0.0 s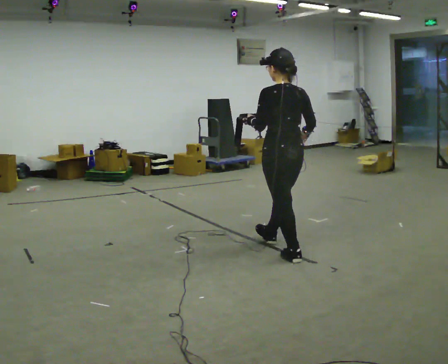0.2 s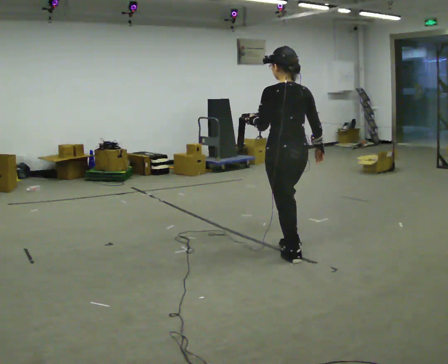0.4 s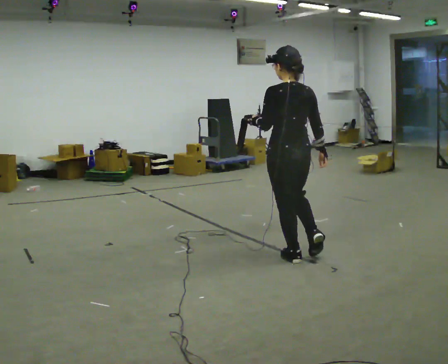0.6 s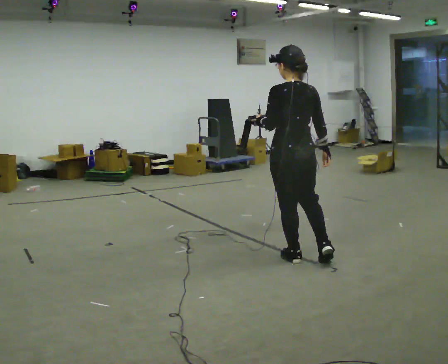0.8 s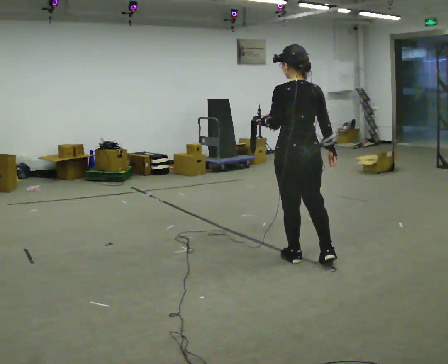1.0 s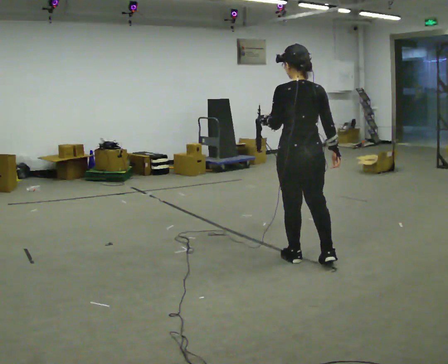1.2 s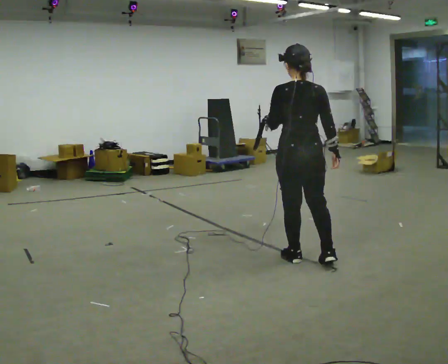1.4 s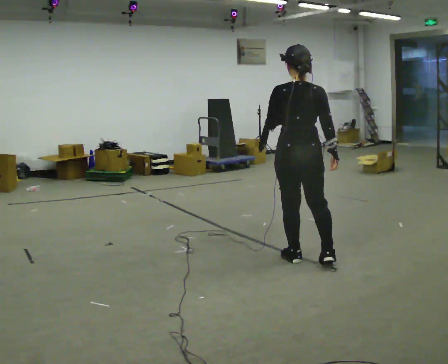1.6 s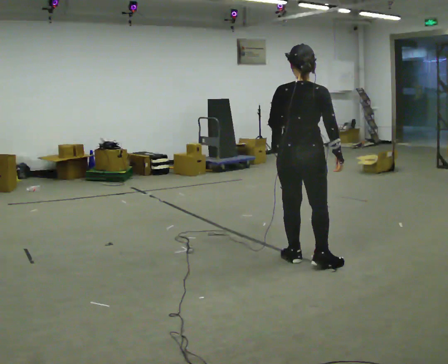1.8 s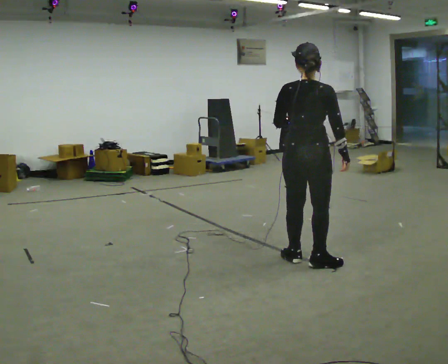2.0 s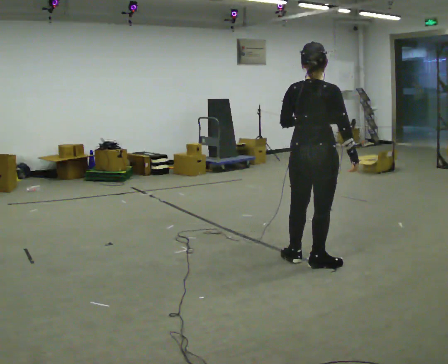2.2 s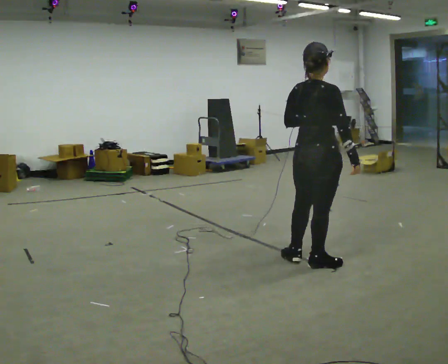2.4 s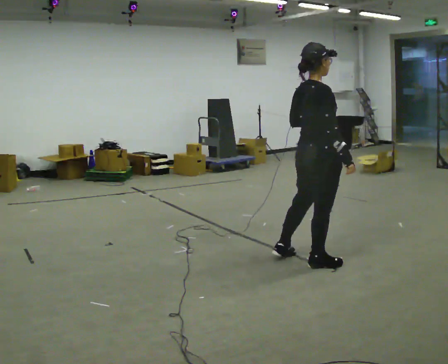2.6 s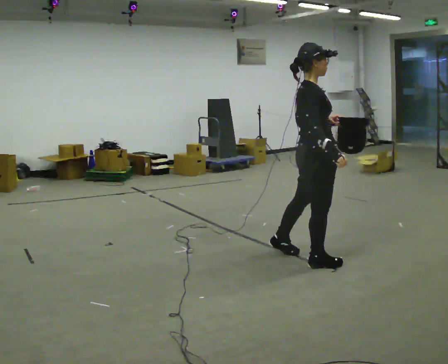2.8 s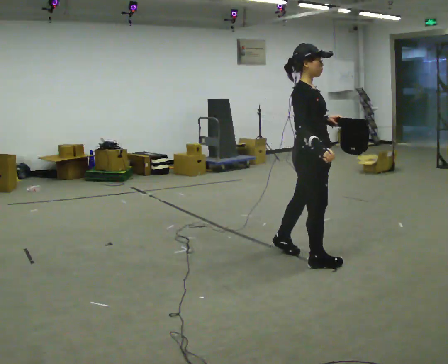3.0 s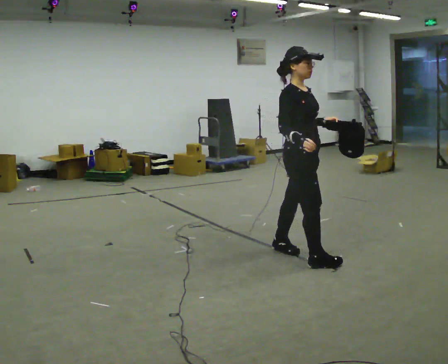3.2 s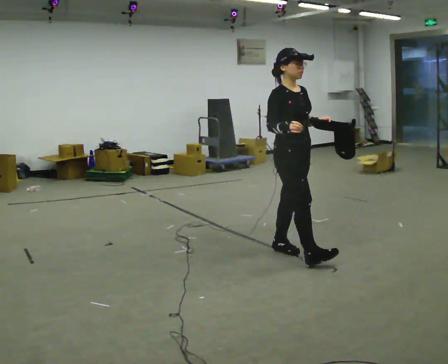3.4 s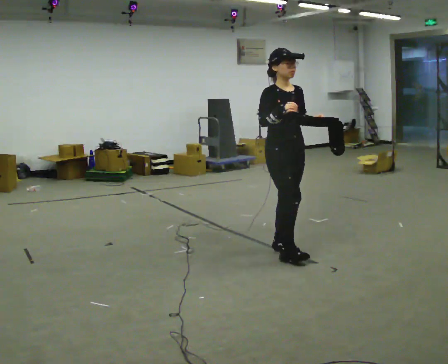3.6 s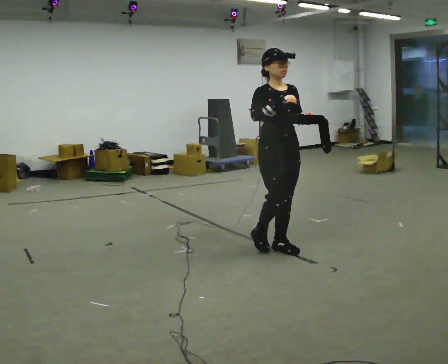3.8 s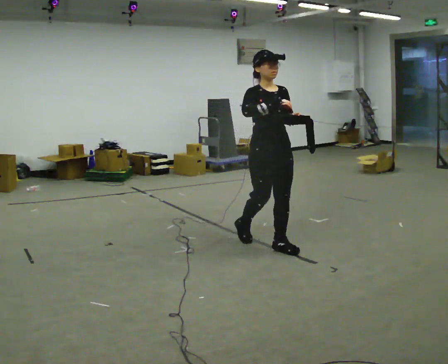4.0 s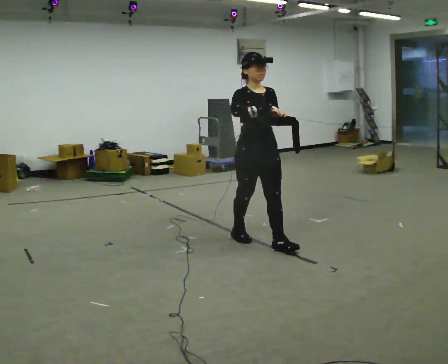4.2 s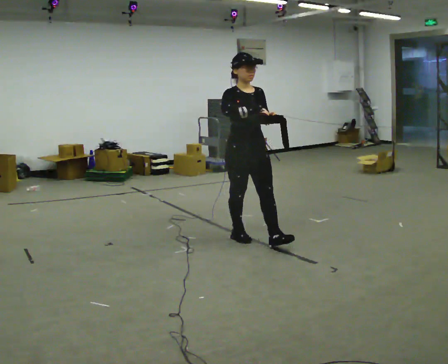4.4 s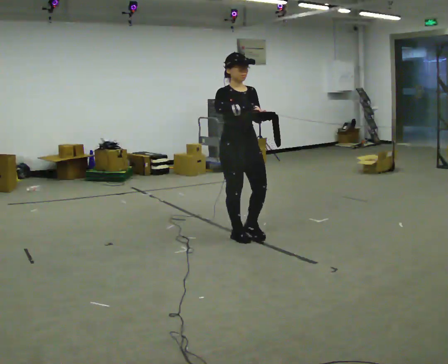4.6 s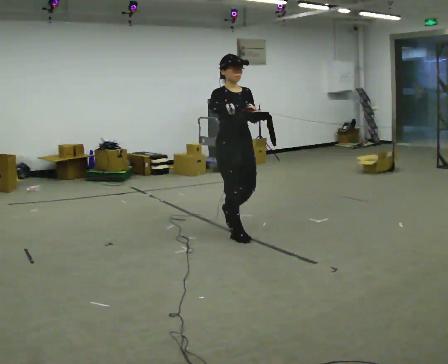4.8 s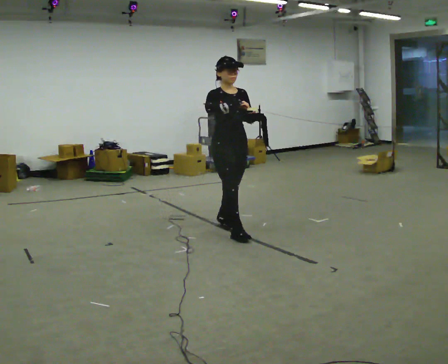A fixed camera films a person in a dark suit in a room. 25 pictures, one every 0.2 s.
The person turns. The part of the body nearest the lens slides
to the left.
The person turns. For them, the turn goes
to their right.
0.0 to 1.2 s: In the picture they go to the right, about 0.25 m, which for them is backward. In the picture their right hand goes to the right.
1.2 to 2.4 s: The part of the body nearest the lens slides to the left as the person turns to their right by about 75 degrees.
2.4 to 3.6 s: Seen from above the body turns clockwise, about 90 degrees: to their right, with its near side sliding to the left. In the picture they go to the left and away from the camera, about 0.5 m in 1 step. In the picture their right hand goes upward.
3.6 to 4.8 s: In the picture they go to the left and away from the camera, about 0.75 m in 1 step, which for them is backward.
The film runs backward here.
